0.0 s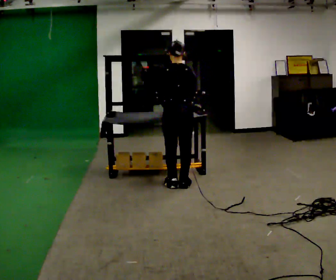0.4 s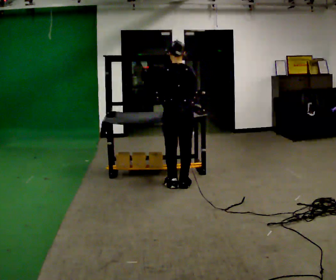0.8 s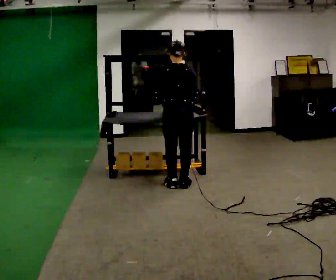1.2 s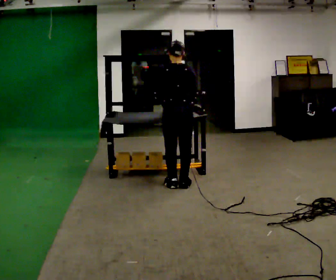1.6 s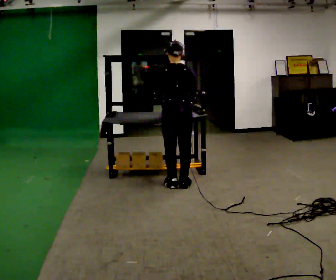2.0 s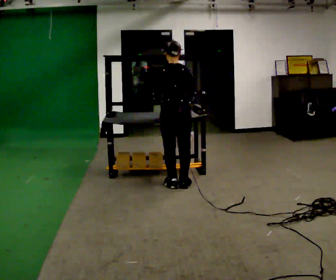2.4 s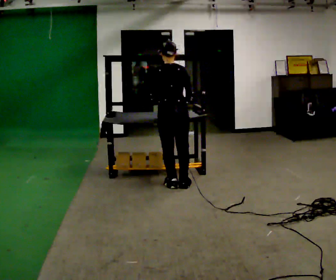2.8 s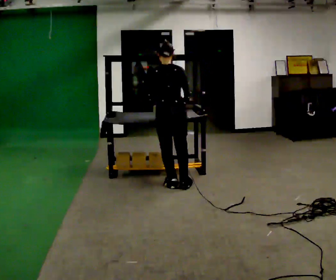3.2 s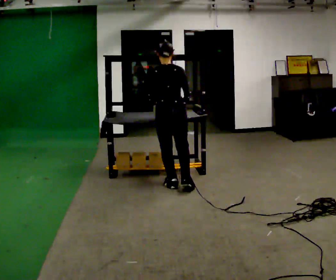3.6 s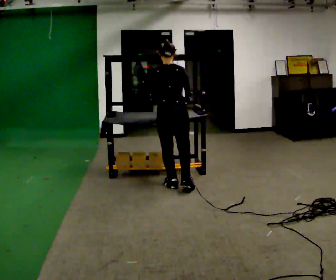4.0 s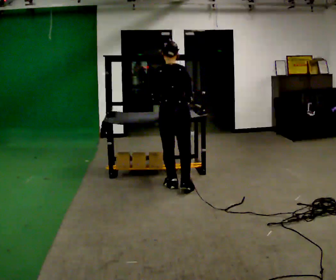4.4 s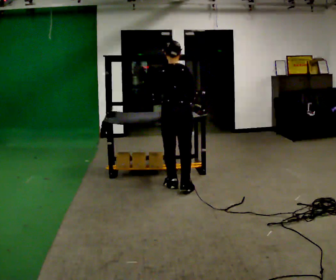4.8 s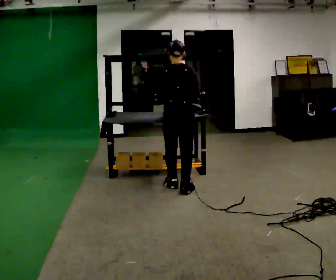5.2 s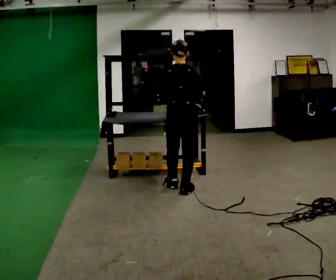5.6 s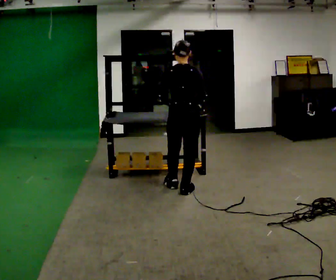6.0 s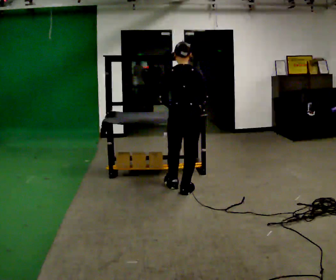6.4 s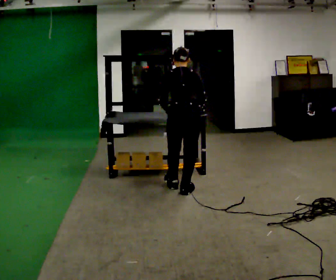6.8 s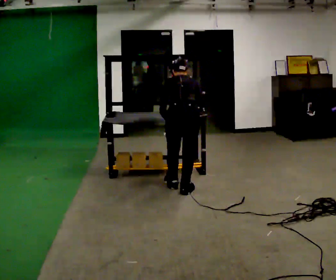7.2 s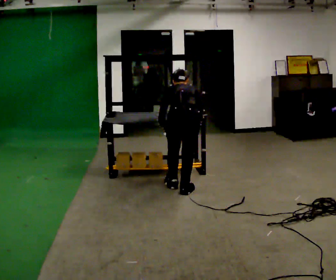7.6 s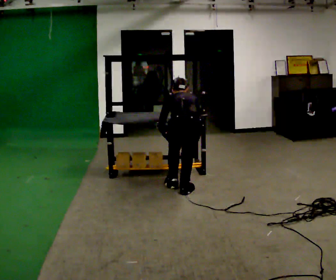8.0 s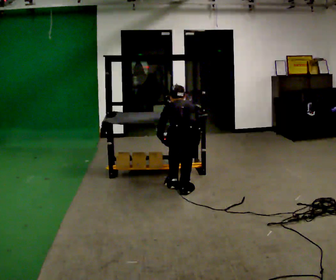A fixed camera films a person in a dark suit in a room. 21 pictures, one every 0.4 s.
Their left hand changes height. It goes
downward.
Their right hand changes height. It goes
downward.
0.0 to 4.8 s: The person moves a little, or ends about where they began.
4.8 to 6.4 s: In the picture they go toward the camera, about 0.25 m, which for them is backward. The upper body tips away from the camera, its near side rolling upward, as they bend forward.
6.4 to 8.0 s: The upper body goes downward. The upper body tips away from the camera, its near side rolling upward, as they bend forward. In the picture their left hand goes downward.
The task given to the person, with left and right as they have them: Crouch down and place the object on the lowest shelf, then stand back up. Do not step. Repeat at your own pace until the operator says stop.
The film runs forward here.
